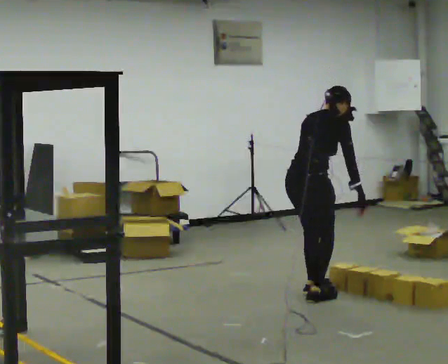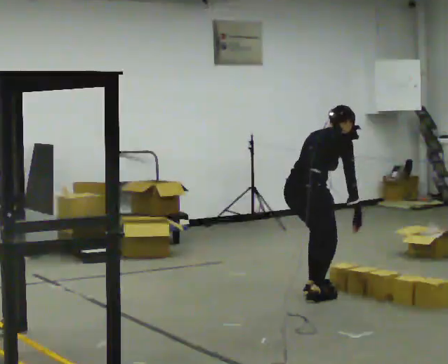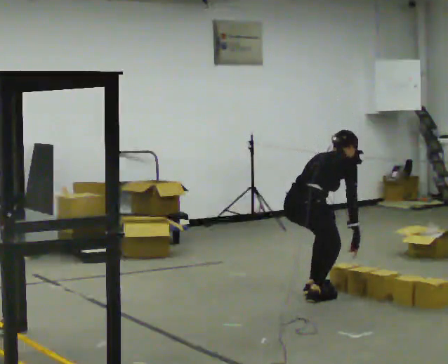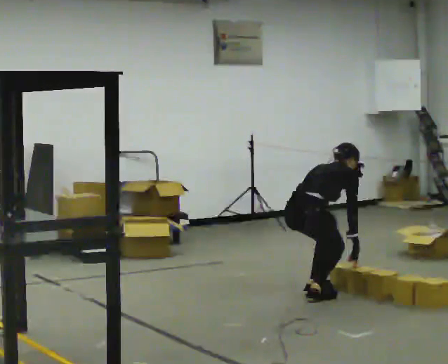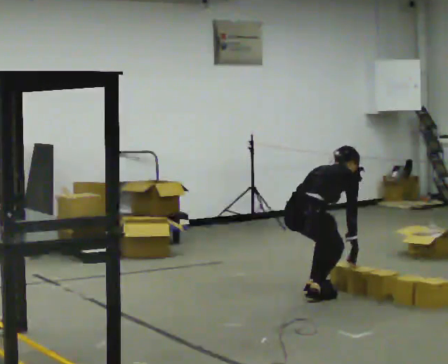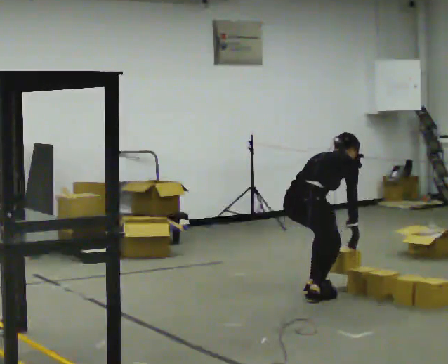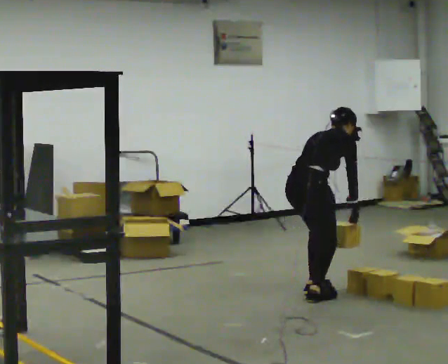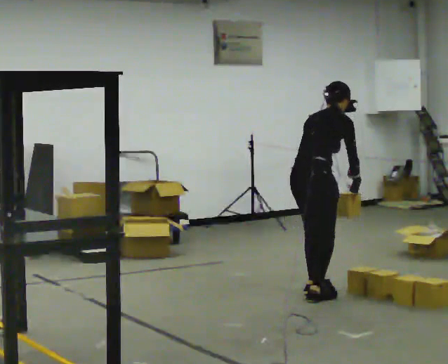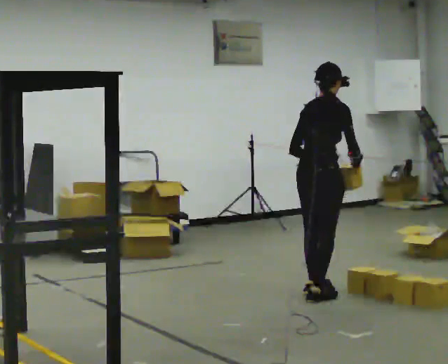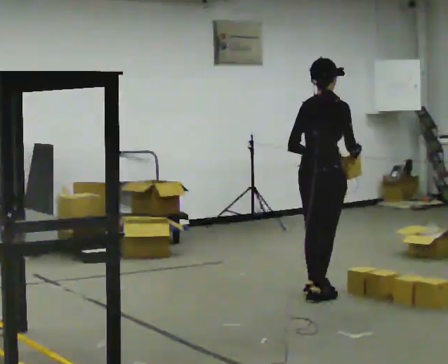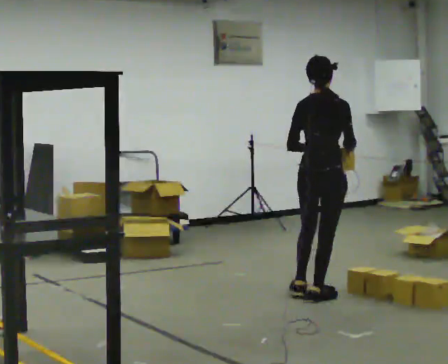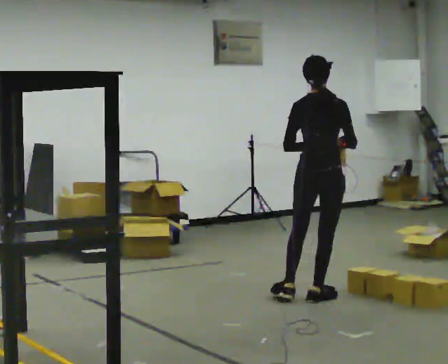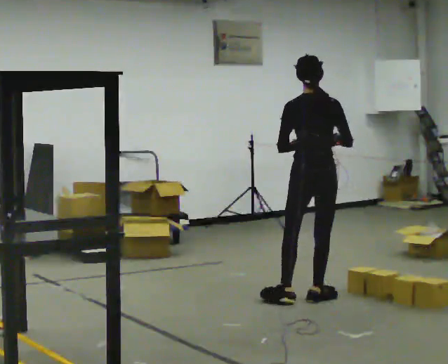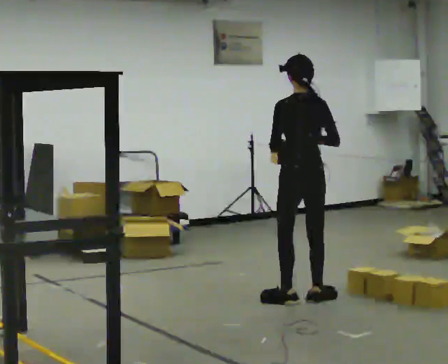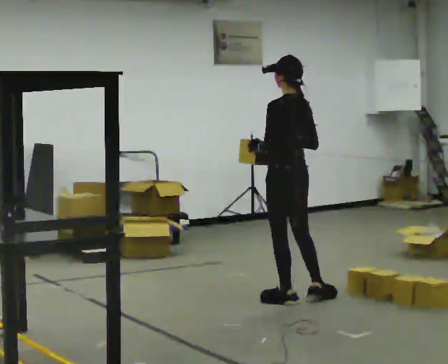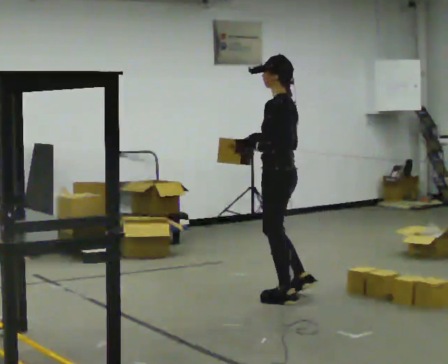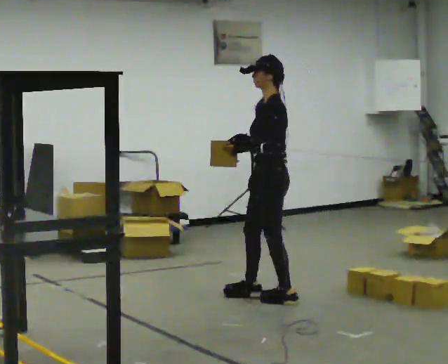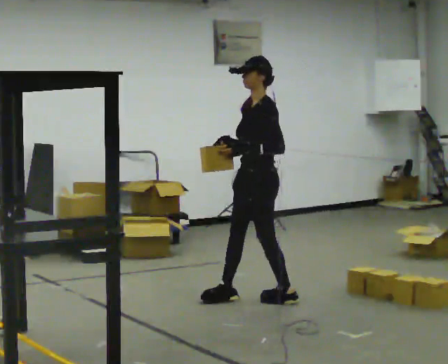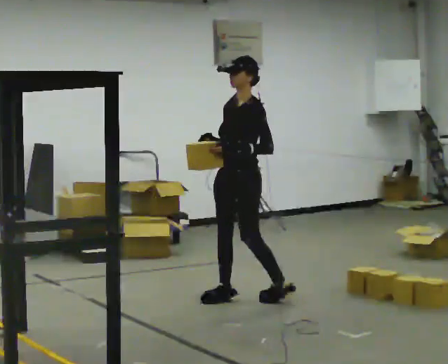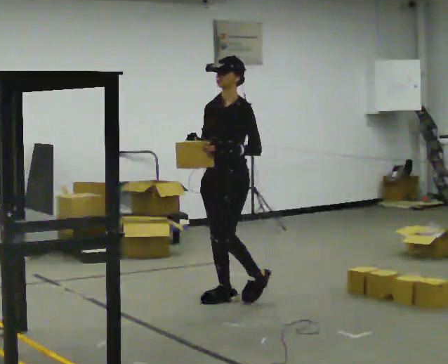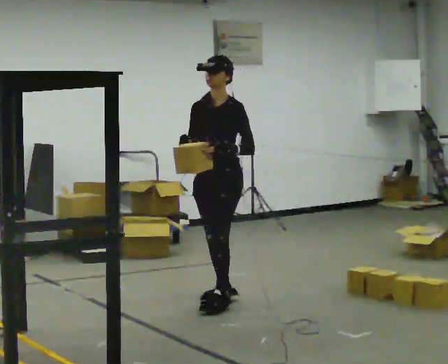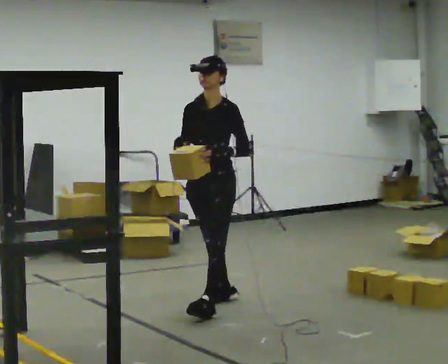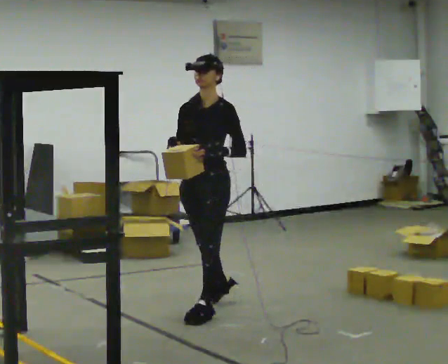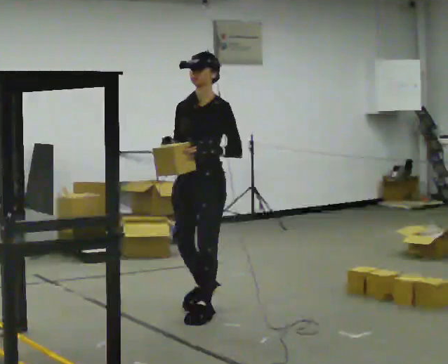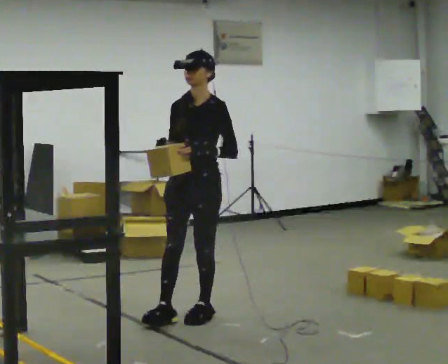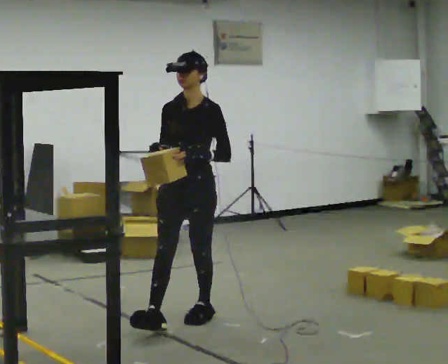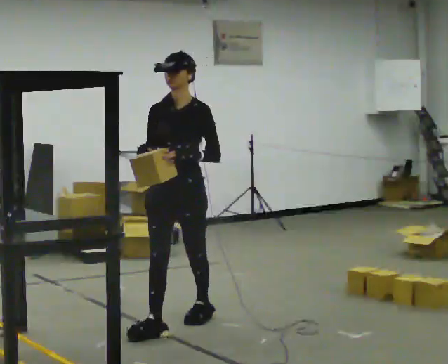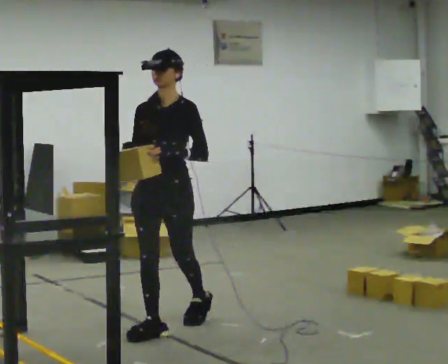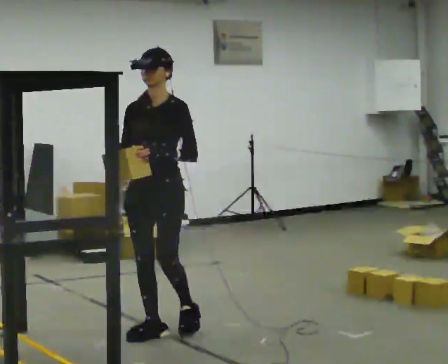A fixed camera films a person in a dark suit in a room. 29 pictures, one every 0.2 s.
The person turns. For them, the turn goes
to their left.
The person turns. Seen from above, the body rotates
counterclockwise.
0.0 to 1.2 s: The person moves a little, or ends about where they began.
1.2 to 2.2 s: The person turns about 30 degrees to their left, counterclockwise seen from above, so the part of the body nearest the lens slides to the right. The upper body goes upward. The upper body tips toward the camera, its near side rolling downward, as they lean back or straighten. In the picture their right hand goes upward.
2.2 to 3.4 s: Seen from above the body turns counterclockwise, about 120 degrees: to their left, with its near side sliding to the right. In the picture they go to the left, about 0.25 m in 2 steps.
3.4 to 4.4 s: The part of the body nearest the lens slides to the right as the person turns to their left by about 30 degrees. In the picture they go toward the camera and to the left, about 0.5 m in 1 step, which for them is forward.
4.4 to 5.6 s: In the picture they go toward the camera and to the left, about 0.5 m in 1 step, which for them is forward.
The film runs forward here.
